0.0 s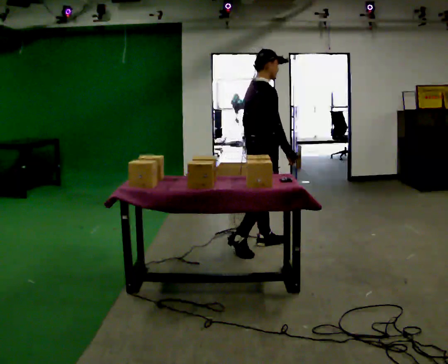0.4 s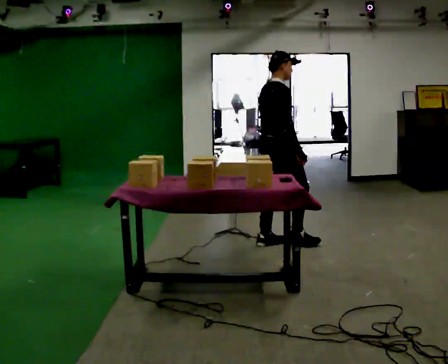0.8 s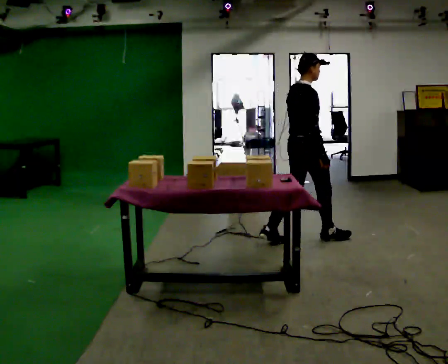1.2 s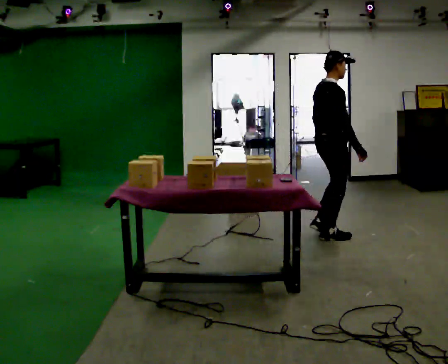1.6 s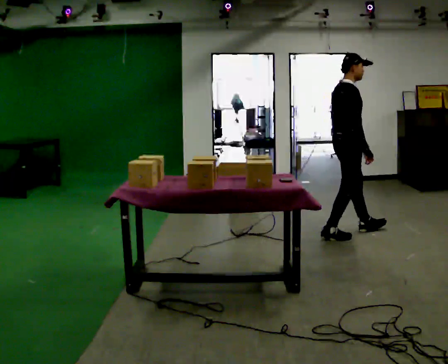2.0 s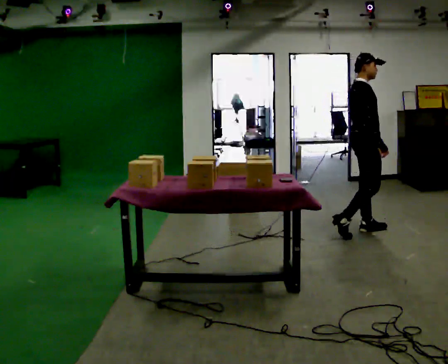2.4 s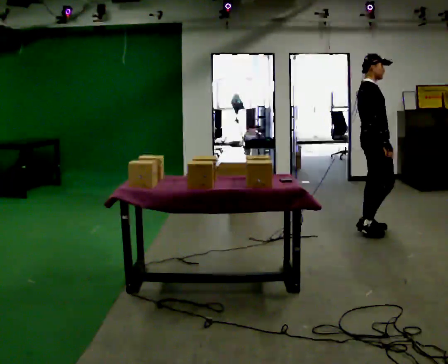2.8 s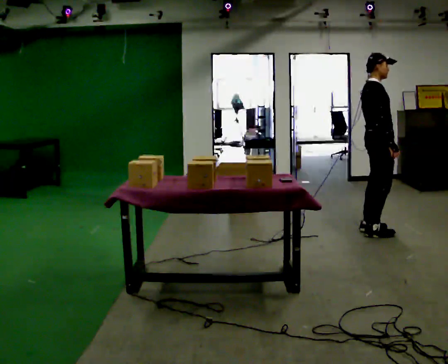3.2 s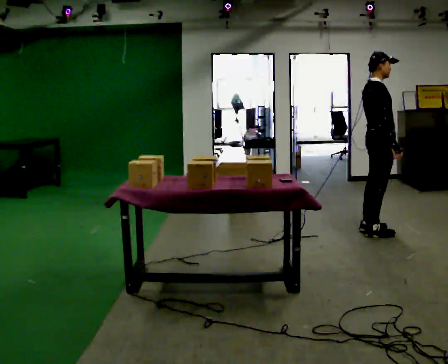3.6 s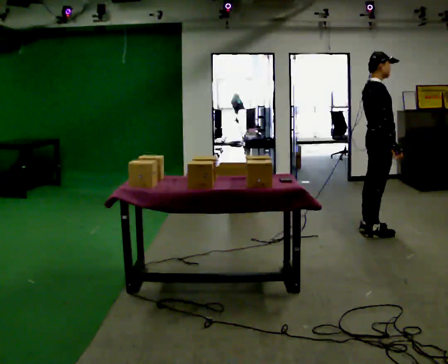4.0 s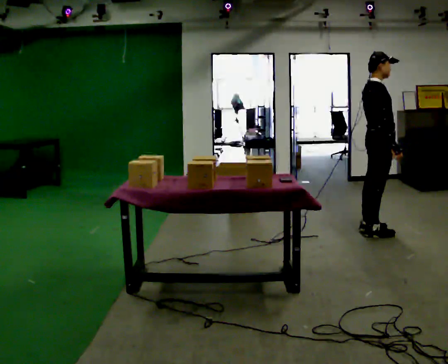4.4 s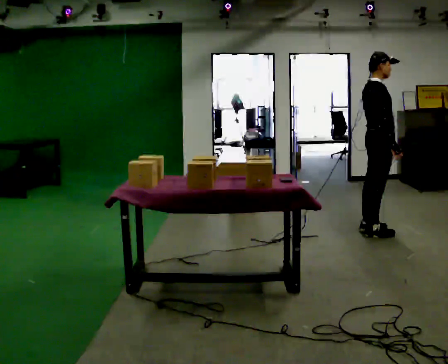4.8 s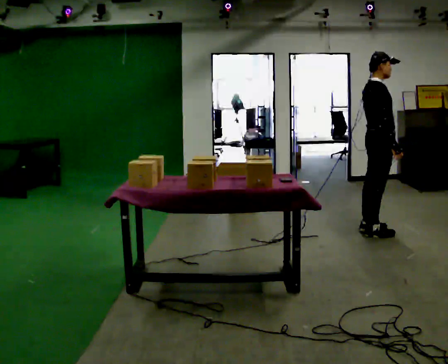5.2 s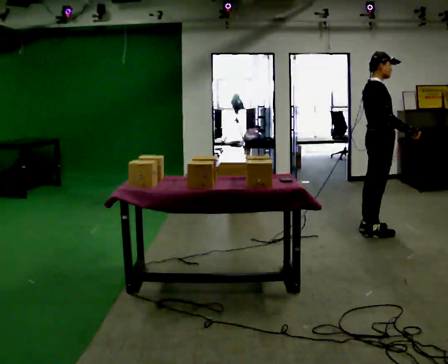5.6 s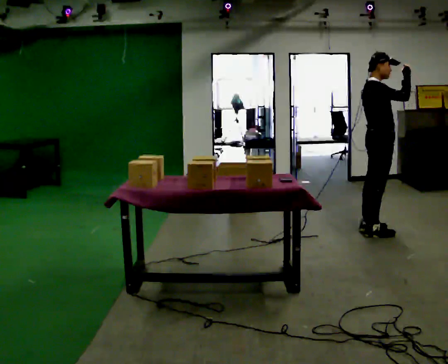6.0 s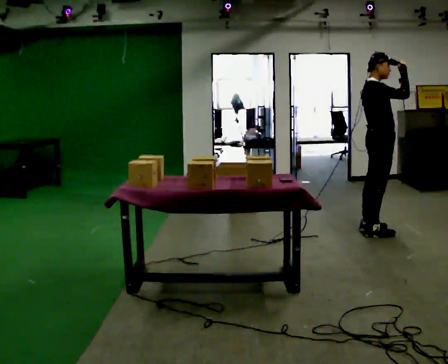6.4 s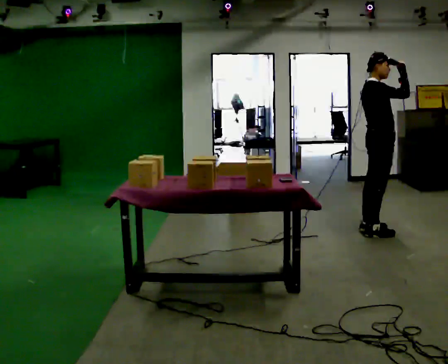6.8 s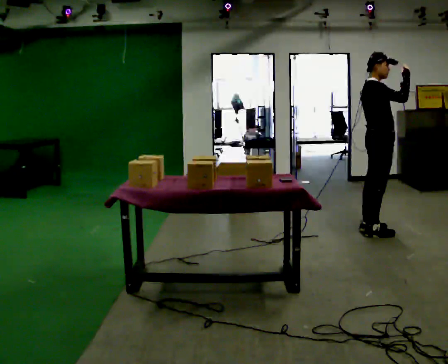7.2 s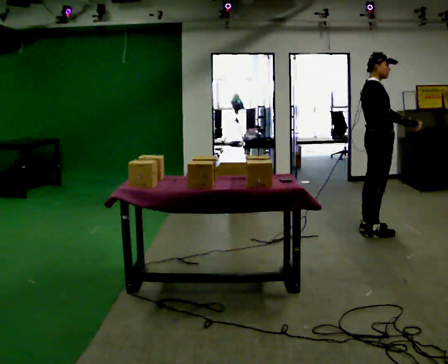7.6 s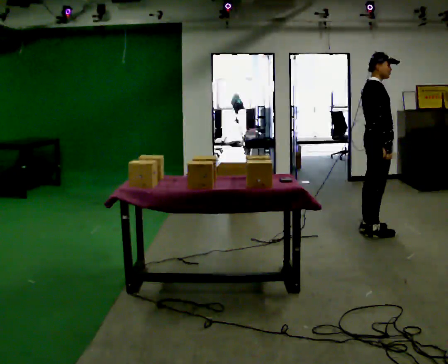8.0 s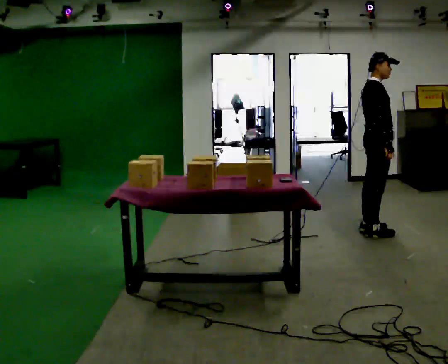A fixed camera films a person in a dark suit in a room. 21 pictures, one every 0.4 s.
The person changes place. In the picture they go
to the right.
0.0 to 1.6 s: In the picture they go to the right and away from the camera, about 1 m in 2 steps, which for them is forward.
1.6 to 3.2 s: In the picture they go to the right, about 0.25 m in 1 step, which for them is forward.
3.2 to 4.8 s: The person keeps their place and pose.
4.8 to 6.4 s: In the picture their right hand goes upward, the arm swinging counterclockwise.
6.4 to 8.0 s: In the picture their right hand goes downward, the arm swinging clockwise.
The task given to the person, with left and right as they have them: 1. Clear everything off the table and put it away on the shelves. 2. Then set the table back up the way the operator shows you in the photo. 3. Tell the operator when you are finished.
The film runs forward here.
